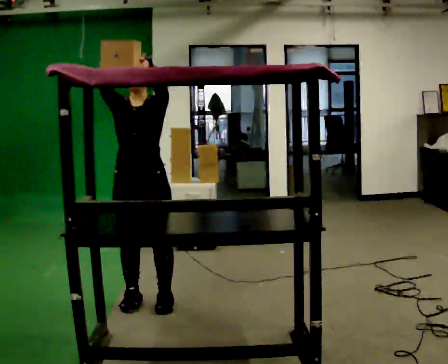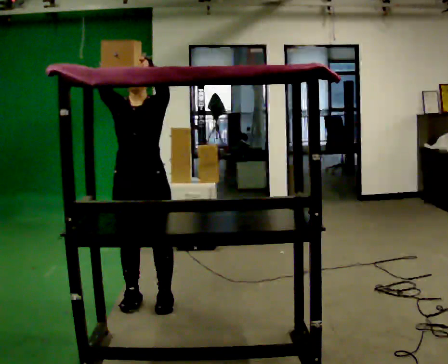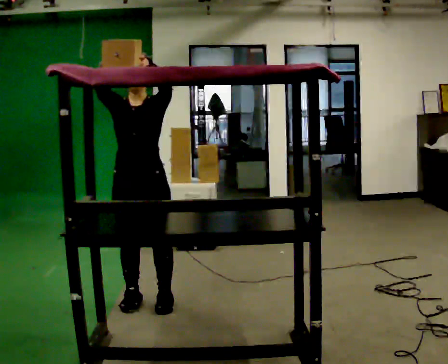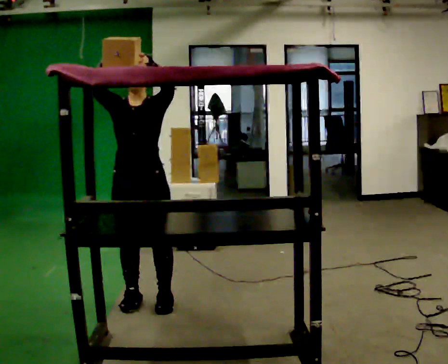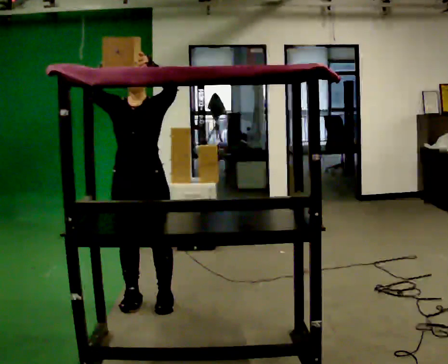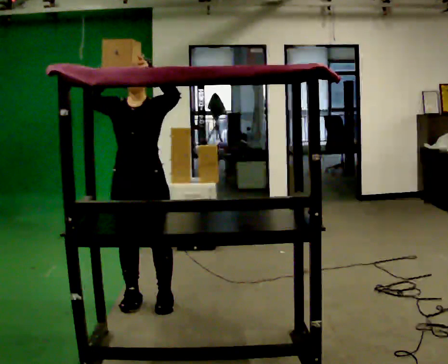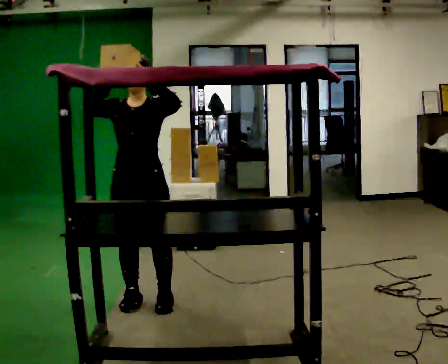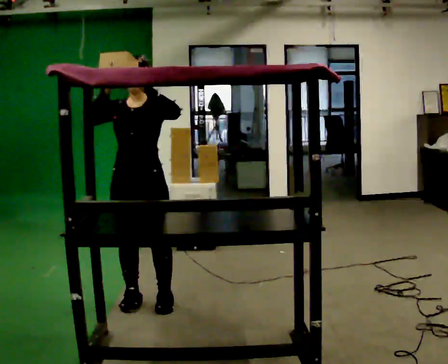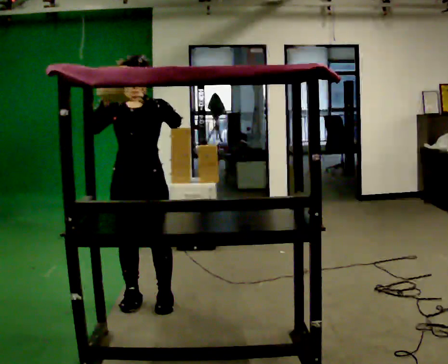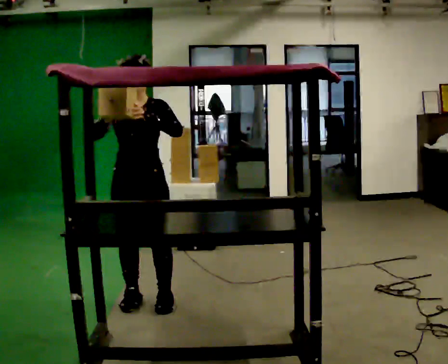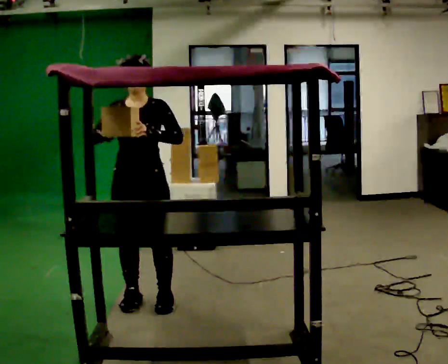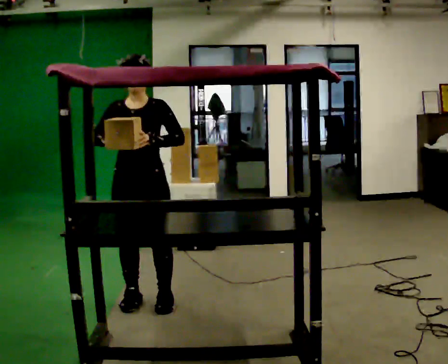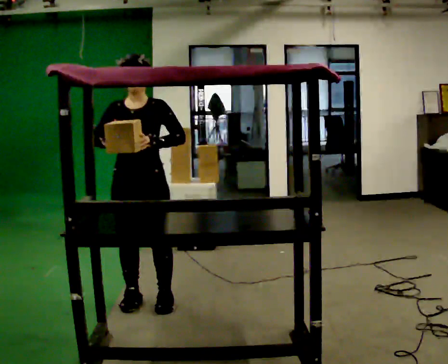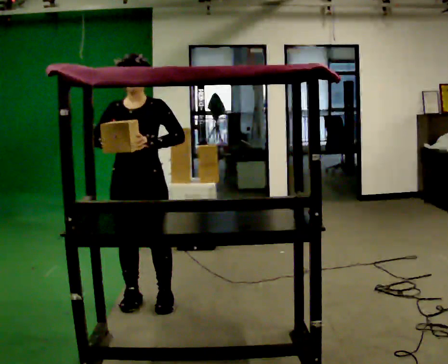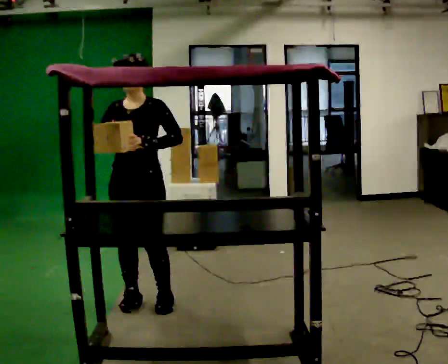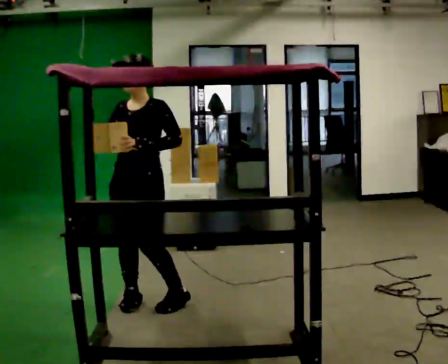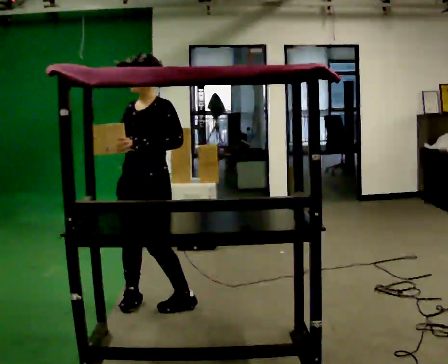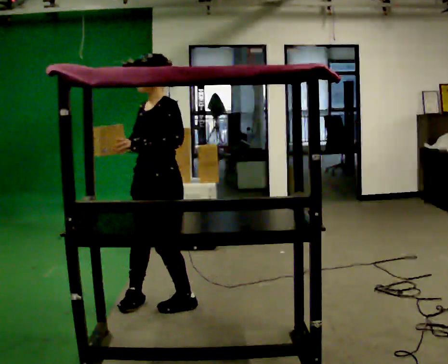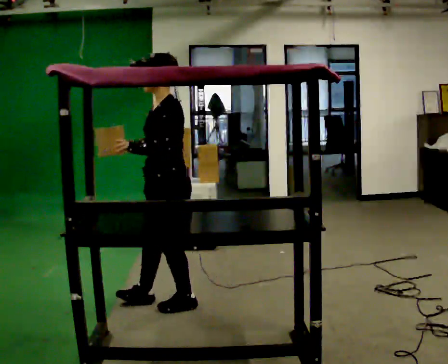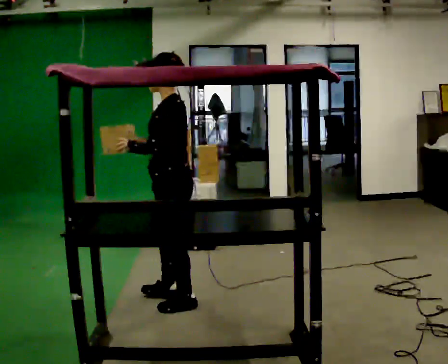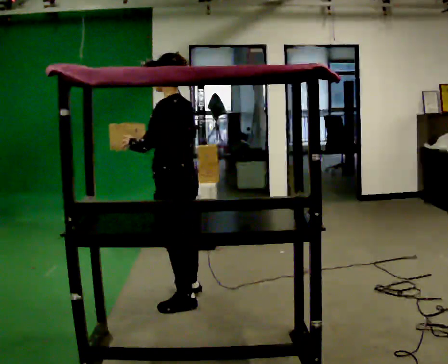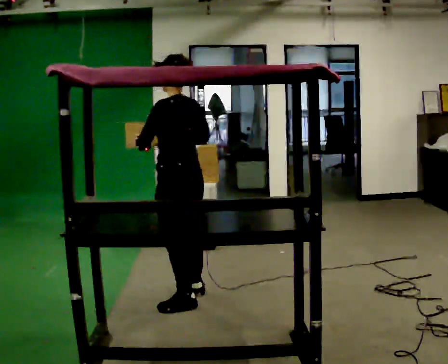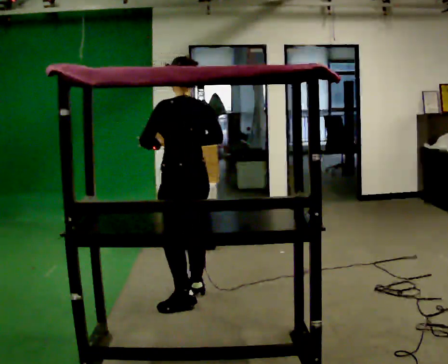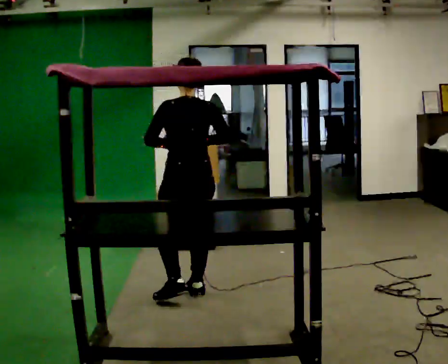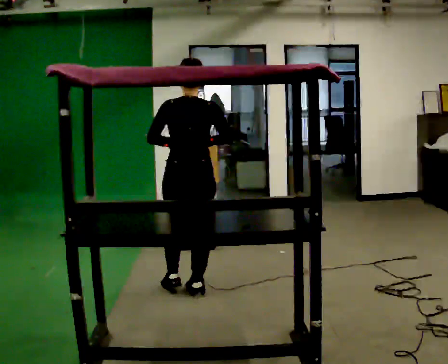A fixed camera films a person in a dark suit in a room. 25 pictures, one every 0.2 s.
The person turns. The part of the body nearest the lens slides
to the left.
The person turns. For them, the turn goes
to their right.
0.0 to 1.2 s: The person moves a little, or ends about where they began.
1.2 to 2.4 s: In the picture their left hand goes downward.
2.4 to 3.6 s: Seen from above the body turns clockwise, about 75 degrees: to their right, with its near side sliding to the left. In the picture they go to the right, about 0.25 m in 1 step.
3.6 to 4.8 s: The person turns about 105 degrees to their right, clockwise seen from above, so the part of the body nearest the lens slides to the left. In the picture they go away from the camera and to the right, about 0.25 m in 1 step.
The film runs forward here.
